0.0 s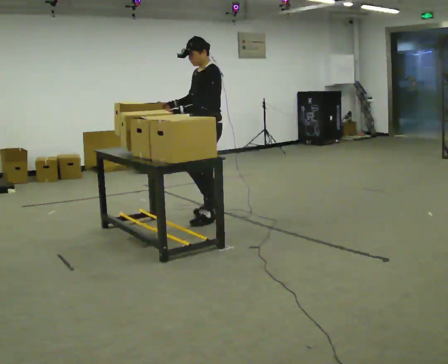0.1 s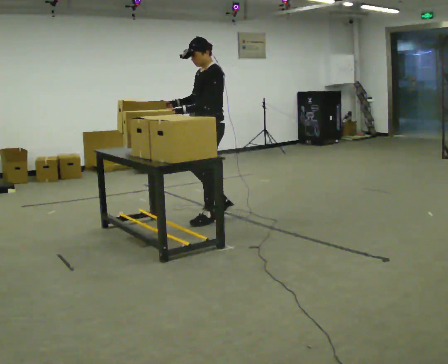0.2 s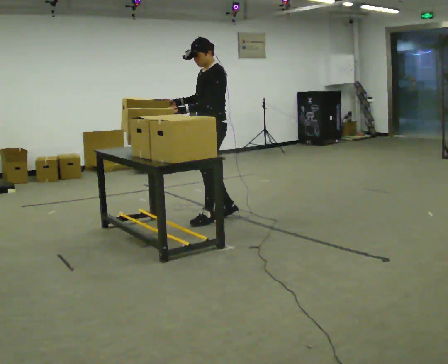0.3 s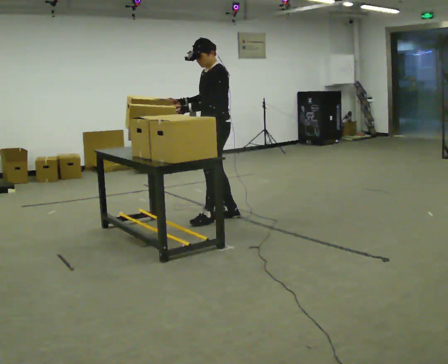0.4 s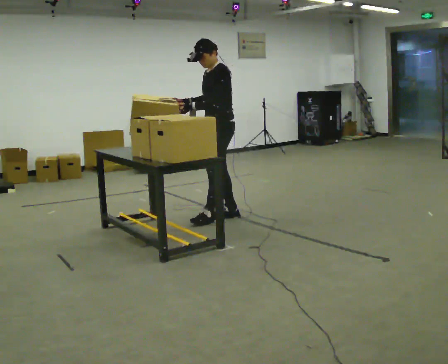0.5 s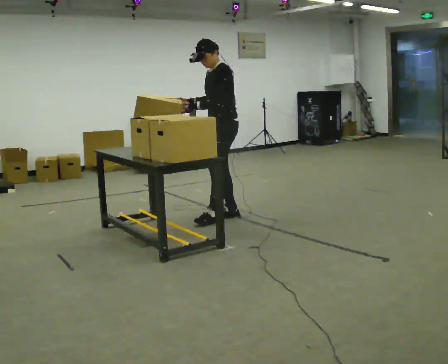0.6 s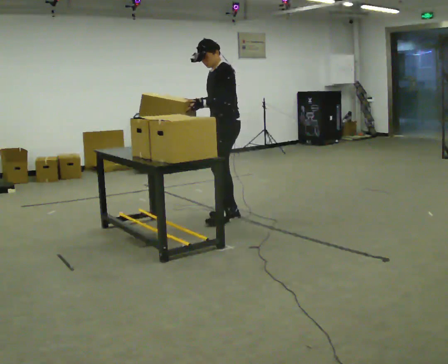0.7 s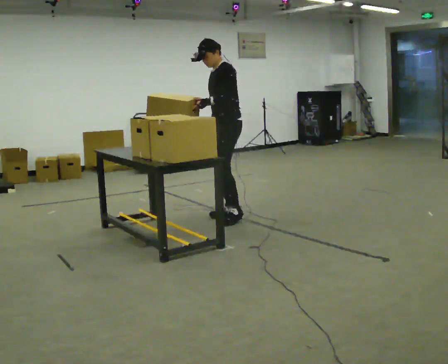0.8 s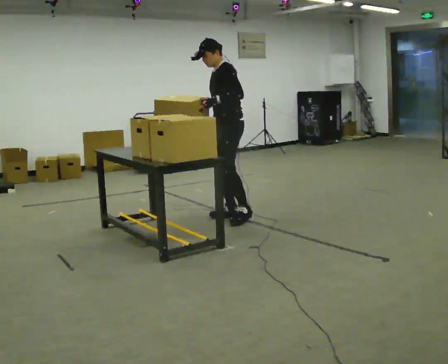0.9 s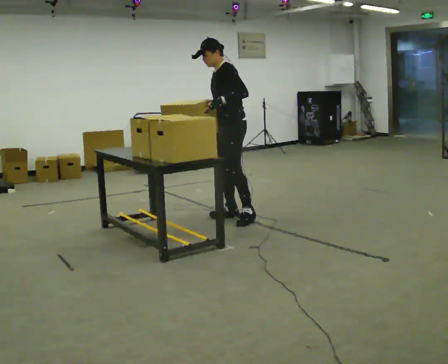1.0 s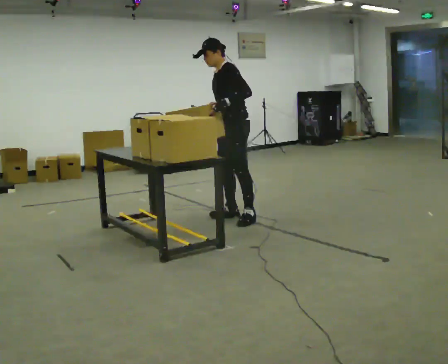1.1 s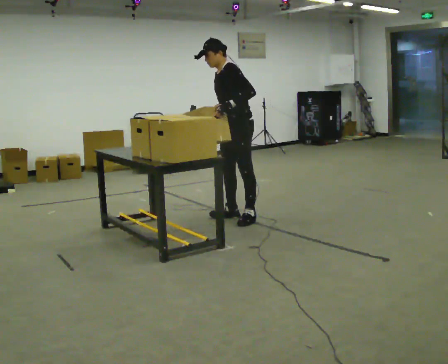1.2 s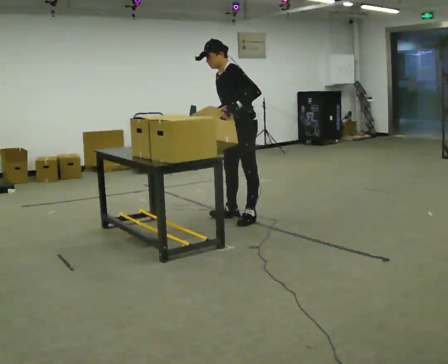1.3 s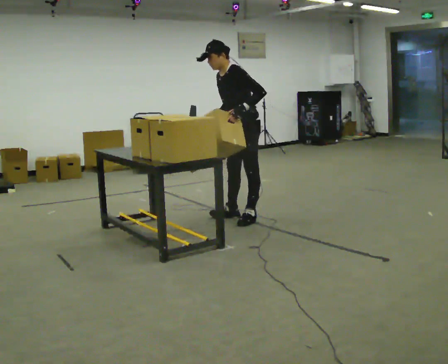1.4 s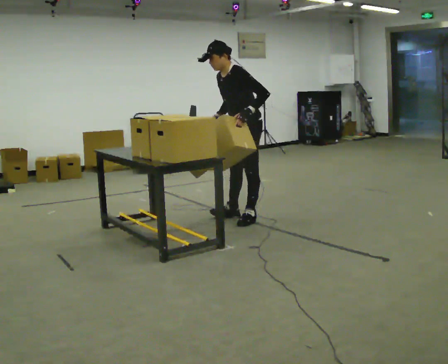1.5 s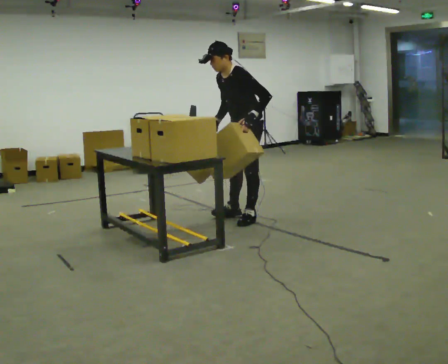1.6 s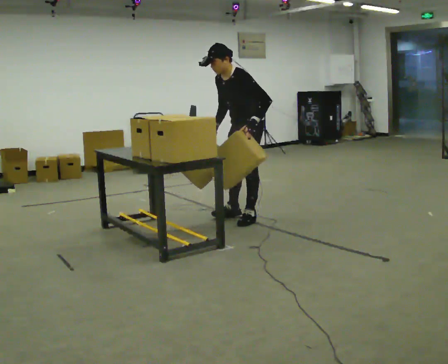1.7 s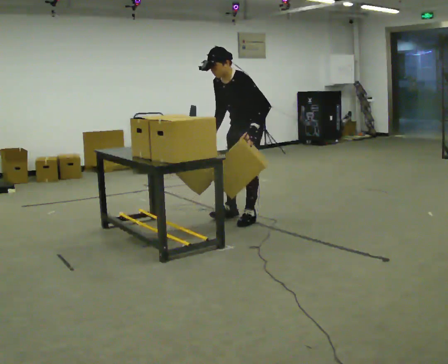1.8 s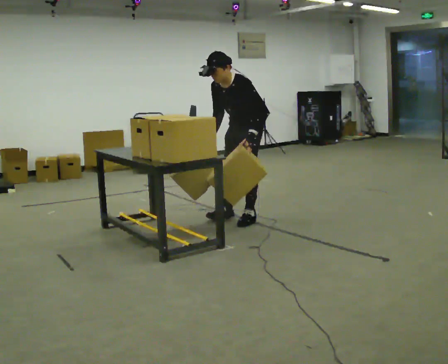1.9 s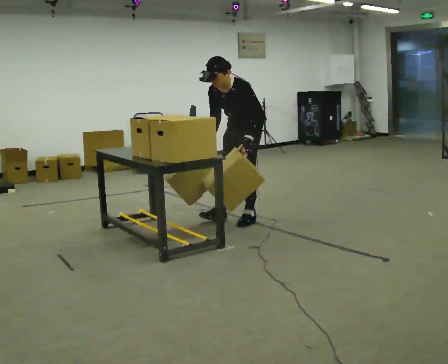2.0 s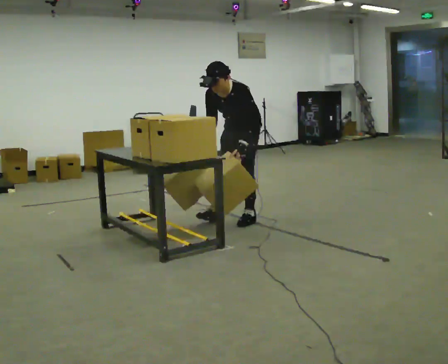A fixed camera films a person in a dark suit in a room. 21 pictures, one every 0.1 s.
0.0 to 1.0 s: In the picture they go to the right, about 0.25 m in 1 step, which for them is backward. In the picture their right hand goes to the right.
1.0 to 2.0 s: The part of the body nearest the lens slides to the right as the person turns to their left by about 30 degrees. The upper body tips toward the camera, its near side rolling downward, as they bend forward. In the picture their left hand goes downward.
The film runs backward here.
